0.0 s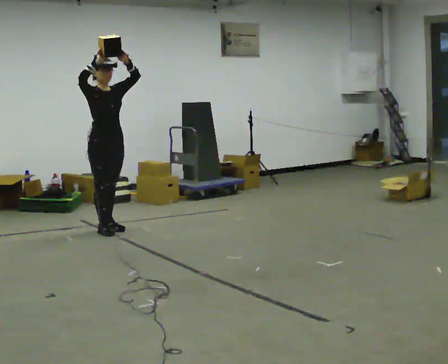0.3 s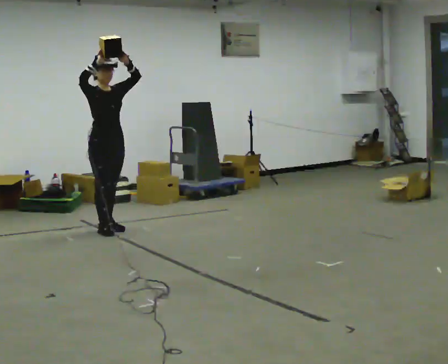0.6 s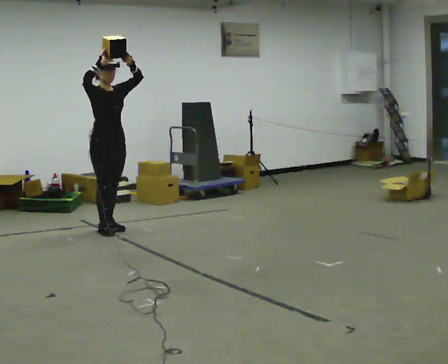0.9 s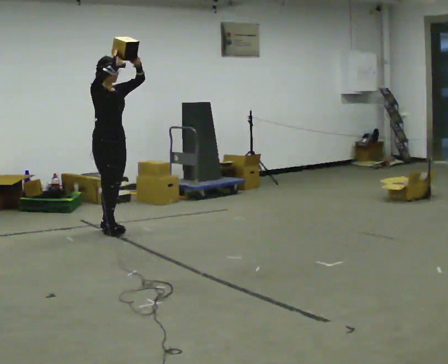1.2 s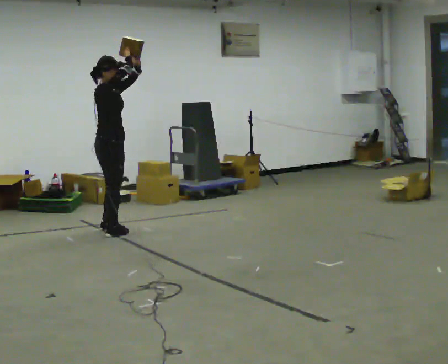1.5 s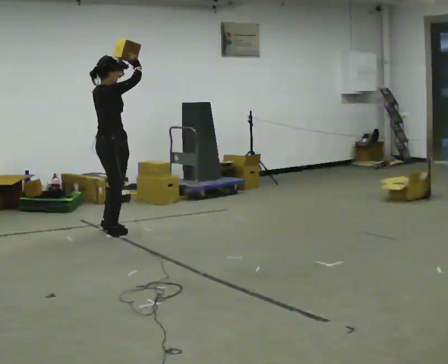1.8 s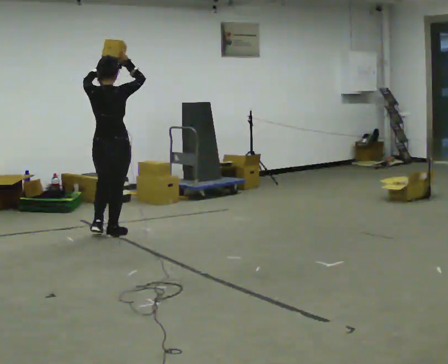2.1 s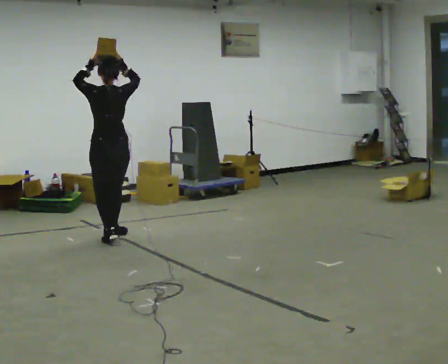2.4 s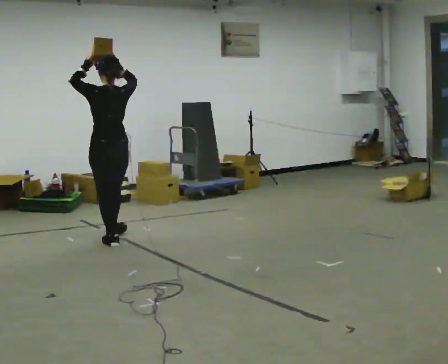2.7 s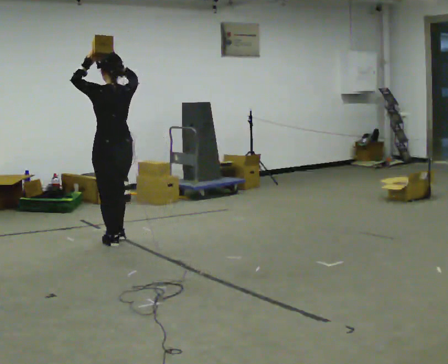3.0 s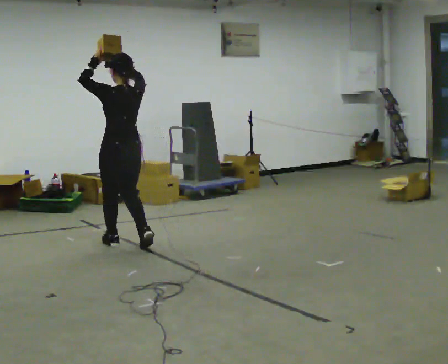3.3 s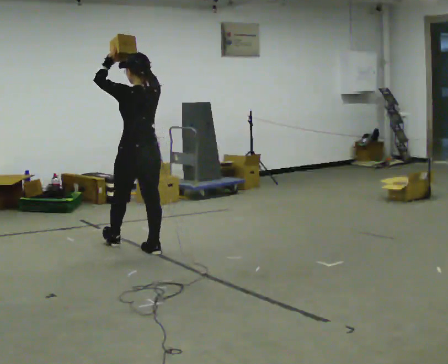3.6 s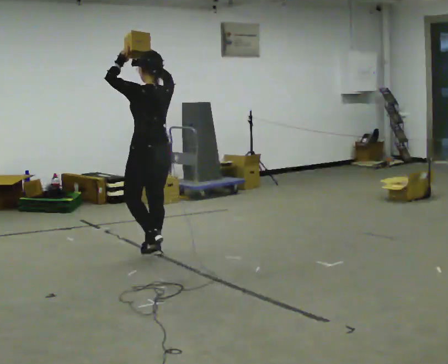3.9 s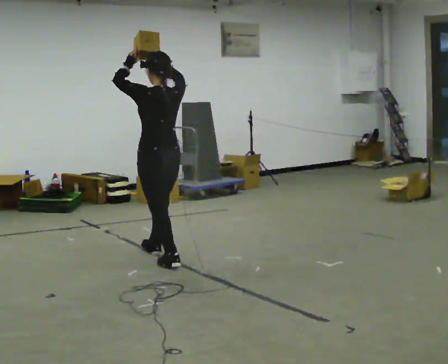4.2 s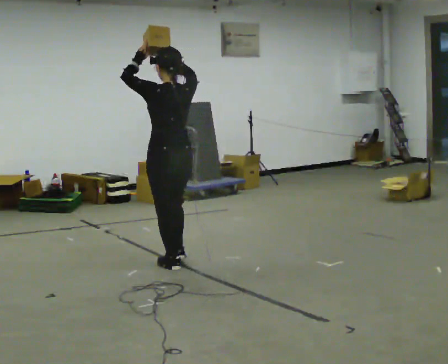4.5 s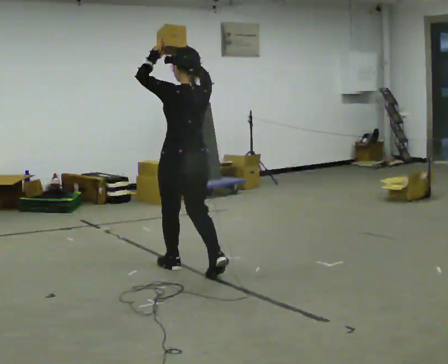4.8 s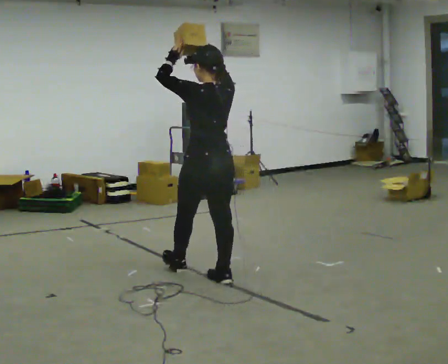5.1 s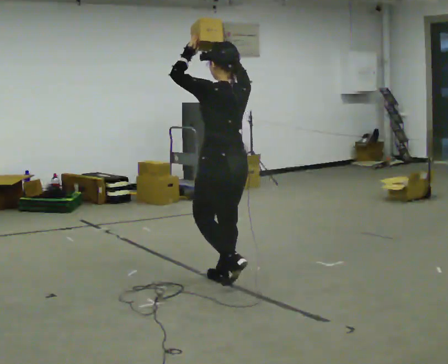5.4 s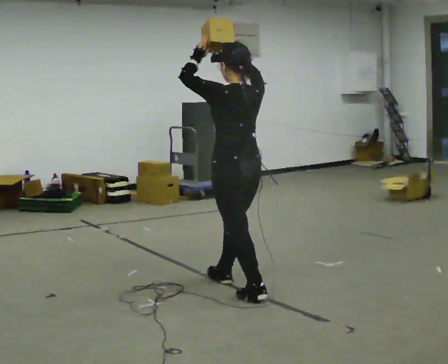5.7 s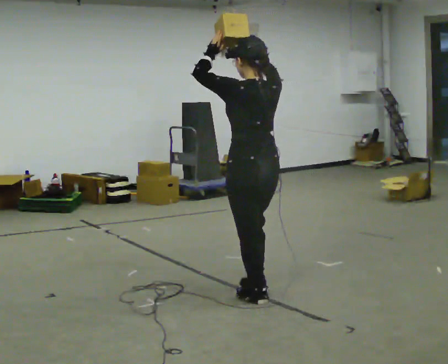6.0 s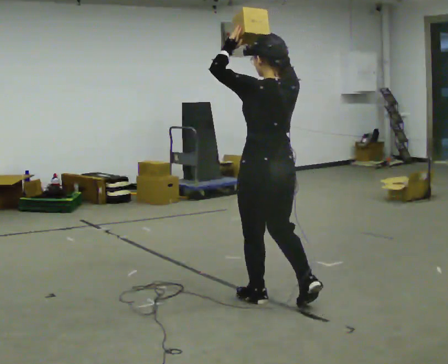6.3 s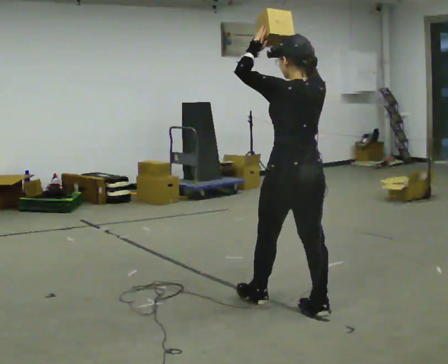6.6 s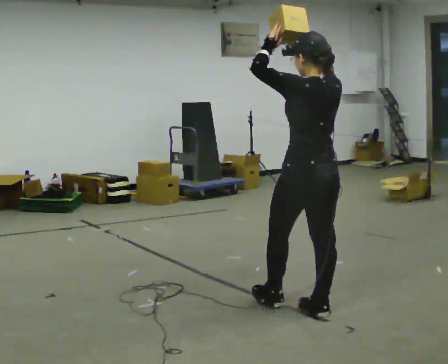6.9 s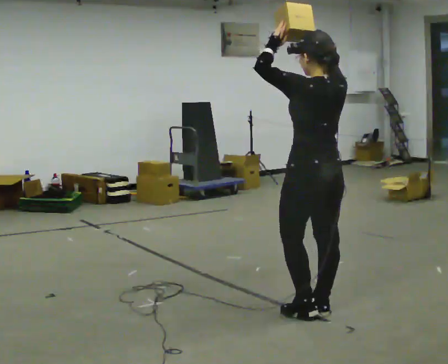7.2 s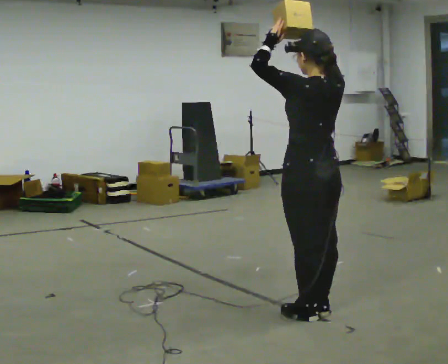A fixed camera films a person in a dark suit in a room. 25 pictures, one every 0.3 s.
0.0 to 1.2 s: The part of the body nearest the lens slides to the right as the person turns to their left by about 45 degrees.
1.2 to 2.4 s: The part of the body nearest the lens slides to the right as the person turns to their left by about 120 degrees. In the picture they go toward the camera, about 0.5 m in 1 step.
2.4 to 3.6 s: In the picture they go to the right and toward the camera, about 0.5 m in 2 steps, which for them is backward.
3.6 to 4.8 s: In the picture they go toward the camera and to the right, about 1 m in 2 steps, which for them is backward.
4.8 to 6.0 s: In the picture they go toward the camera and to the right, about 0.75 m in 1 step, which for them is backward.
6.0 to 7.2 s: In the picture they go to the right and toward the camera, about 0.25 m in 1 step, which for them is backward.
The film runs backward here.
